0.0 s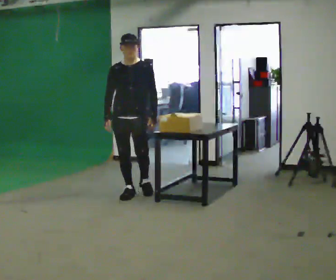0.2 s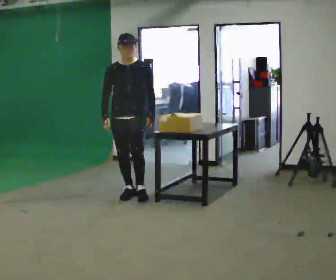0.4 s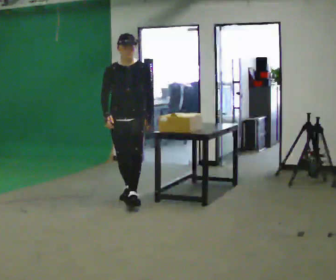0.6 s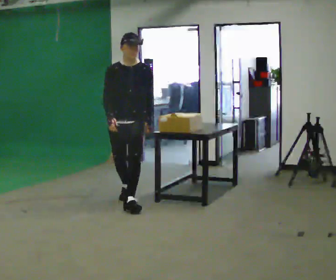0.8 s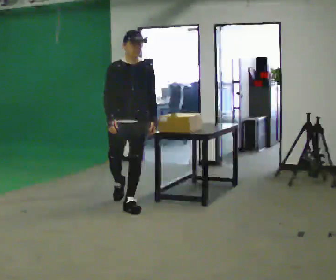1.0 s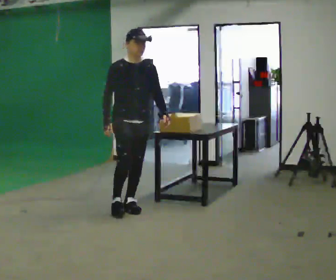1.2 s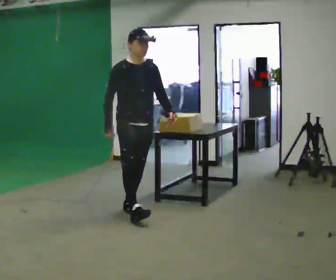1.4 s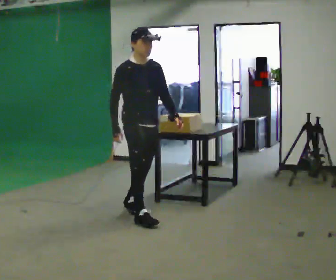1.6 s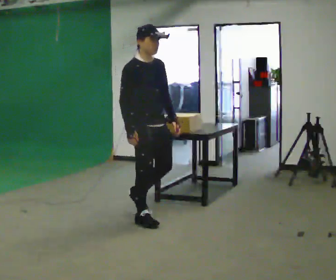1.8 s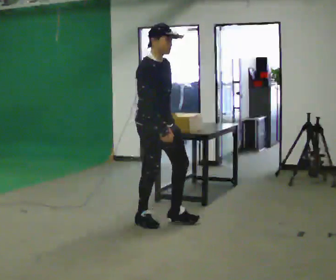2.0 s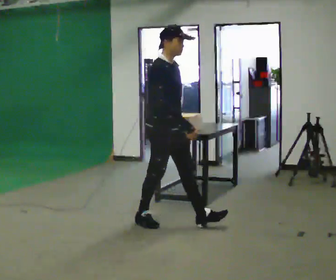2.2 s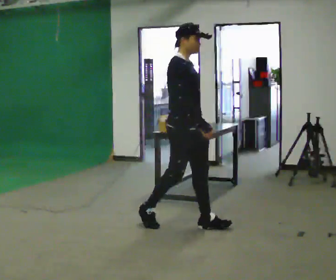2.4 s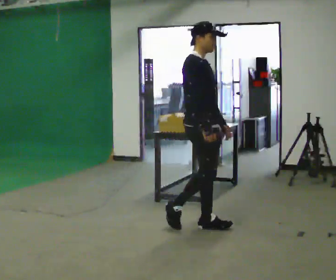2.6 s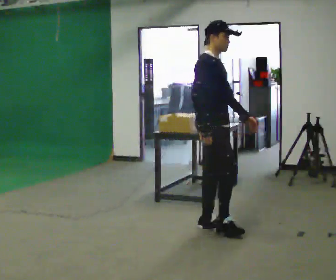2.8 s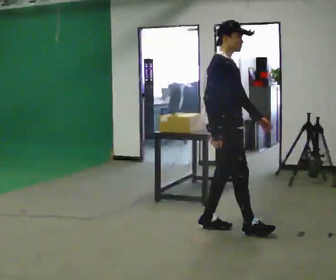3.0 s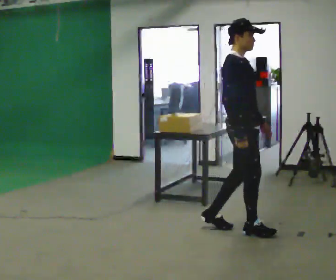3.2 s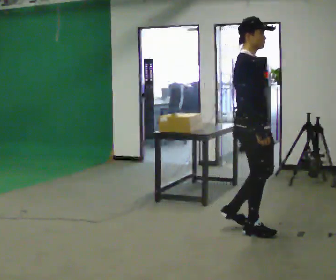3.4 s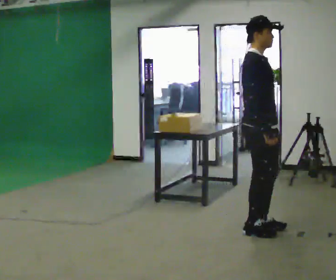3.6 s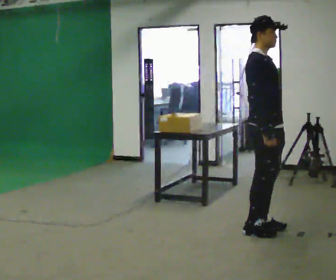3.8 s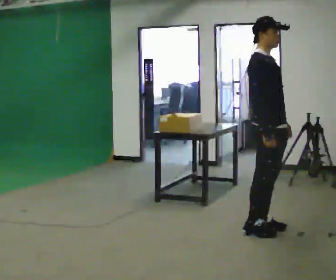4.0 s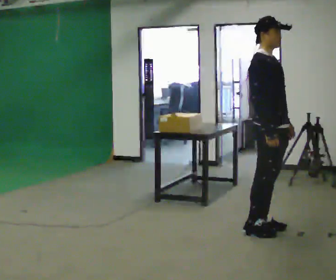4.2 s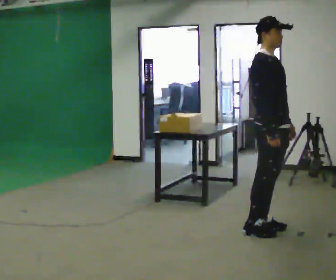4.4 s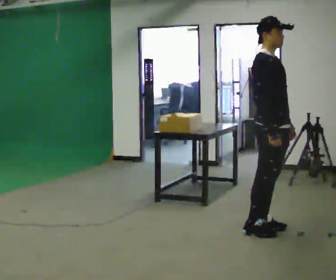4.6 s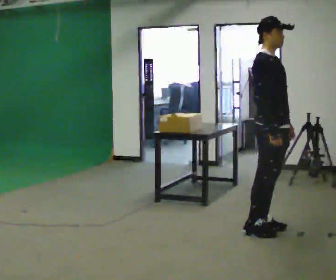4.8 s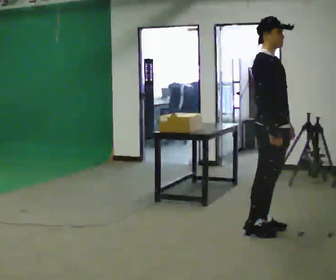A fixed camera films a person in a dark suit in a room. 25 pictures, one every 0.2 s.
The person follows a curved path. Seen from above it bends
counterclockwise.
0.0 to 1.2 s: The person turns about 30 degrees to their left, counterclockwise seen from above, so the part of the body nearest the lens slides to the right. In the picture they go toward the camera, about 0.5 m in 1 step, which for them is forward.
1.2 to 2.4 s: The person turns about 30 degrees to their left, counterclockwise seen from above, so the part of the body nearest the lens slides to the right. In the picture they go to the right and toward the camera, about 1 m in 2 steps, which for them is forward.
2.4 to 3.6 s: In the picture they go to the right, about 0.5 m in 2 steps, which for them is forward.
3.6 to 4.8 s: The person moves a little, or ends about where they began.
The film runs forward here.
